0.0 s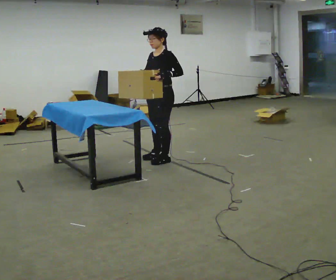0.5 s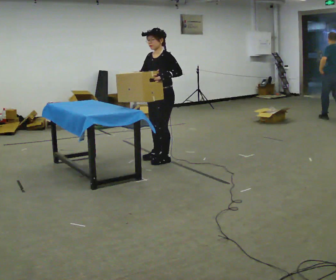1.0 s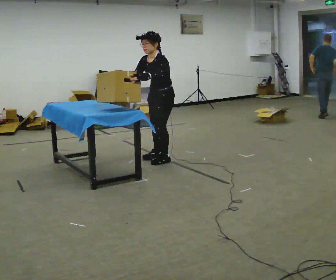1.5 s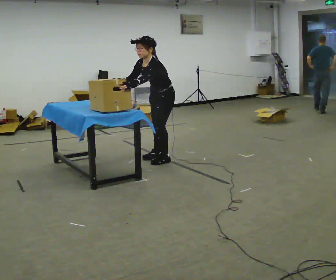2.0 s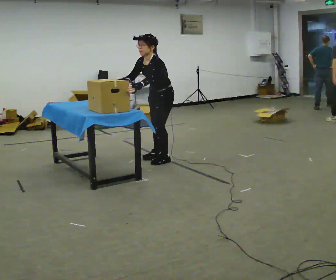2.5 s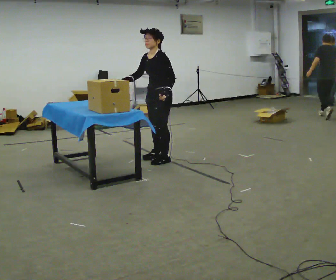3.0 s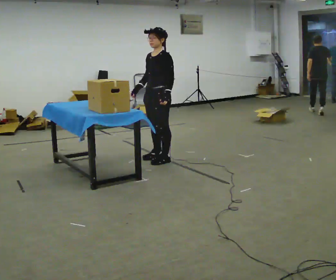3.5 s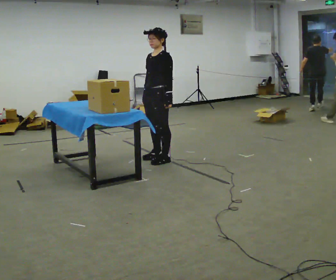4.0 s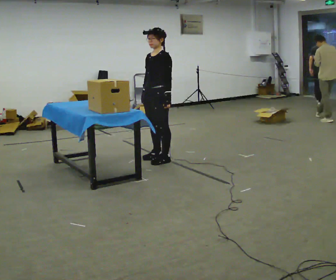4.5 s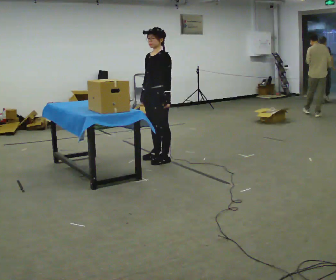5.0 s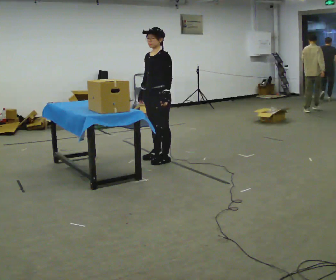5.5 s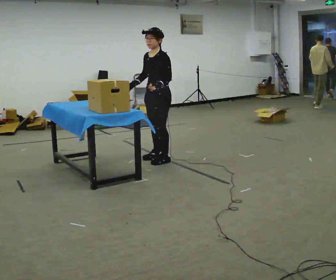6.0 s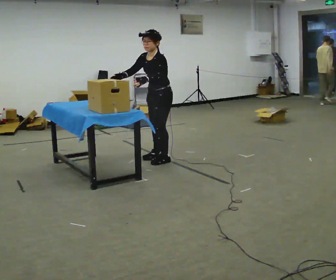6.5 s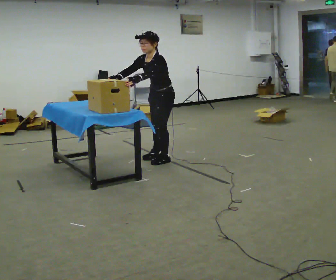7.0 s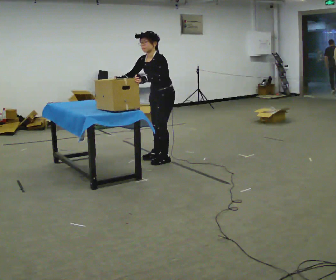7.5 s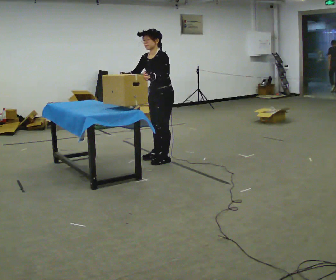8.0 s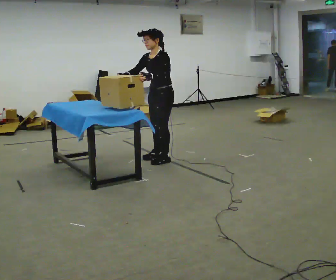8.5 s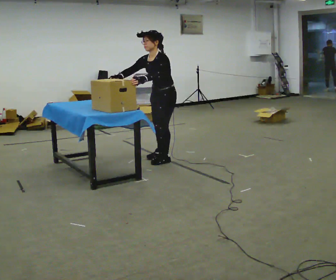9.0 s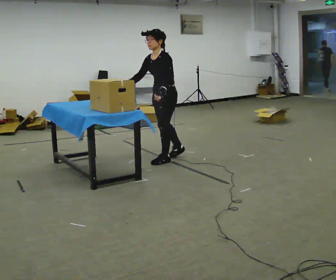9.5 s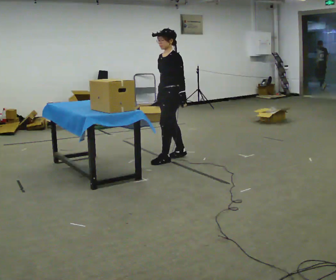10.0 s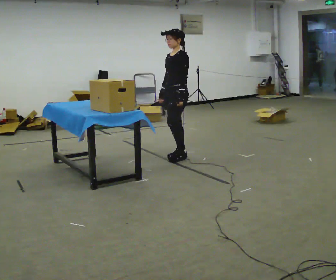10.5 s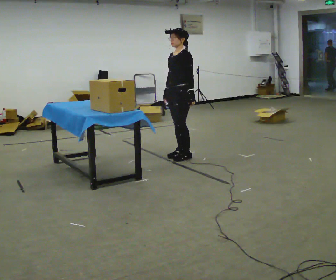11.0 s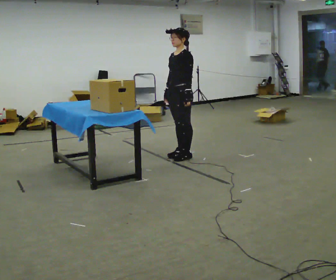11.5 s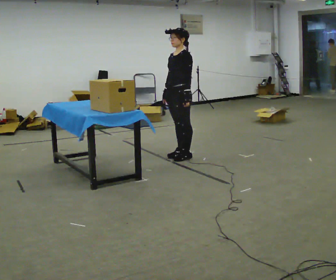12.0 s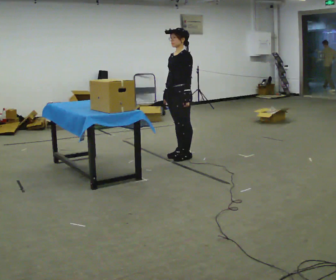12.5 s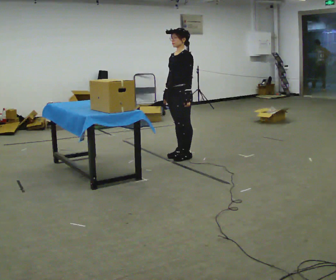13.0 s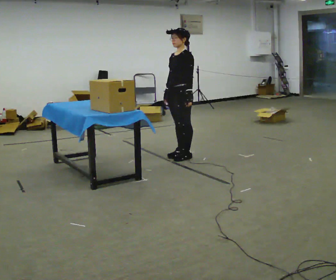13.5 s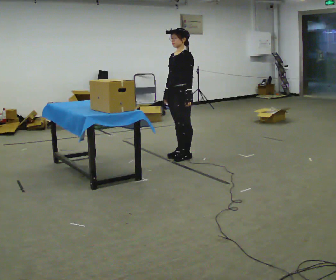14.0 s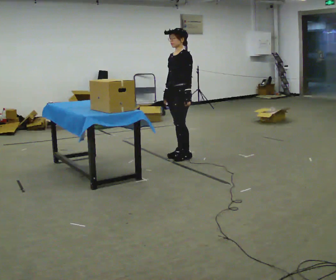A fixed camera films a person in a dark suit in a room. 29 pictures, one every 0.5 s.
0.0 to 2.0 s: The upper body tips toward the camera, its near side rolling downward, as they bend forward.
2.0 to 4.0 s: The upper body tips away from the camera, its near side rolling upward, as they lean back or straighten.
4.0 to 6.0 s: The upper body tips toward the camera, its near side rolling downward, as they bend forward.
6.0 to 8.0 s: The person moves a little, or ends about where they began.
8.0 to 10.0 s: In the picture they go to the right and away from the camera, about 0.25 m in 1 step, which for them is backward.
10.0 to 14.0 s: The person moves a little, or ends about where they began.
The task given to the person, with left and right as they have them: Lift the heavy object with both hands and set it down again in a different spot on the same surface. Repeat at your own pace until the operator says stop. Keep both feet on the marked spots for the whole take. If you have to step, stop and tell the operator.
The film runs forward here.
